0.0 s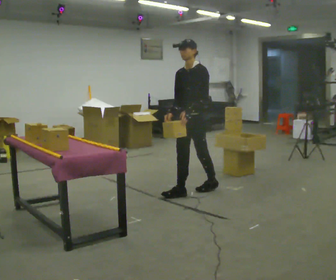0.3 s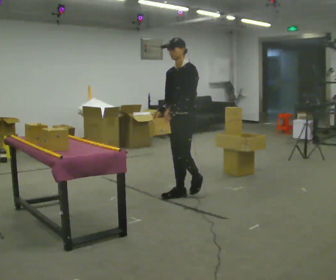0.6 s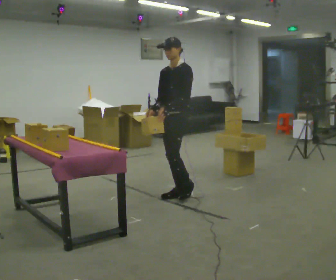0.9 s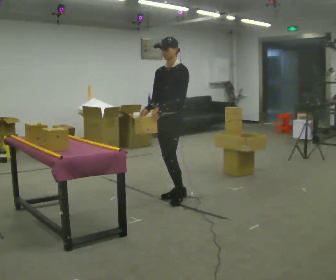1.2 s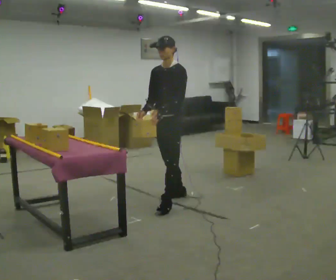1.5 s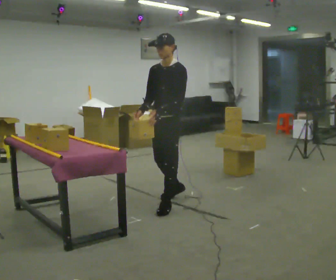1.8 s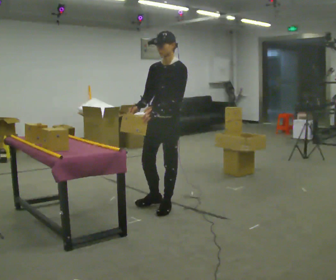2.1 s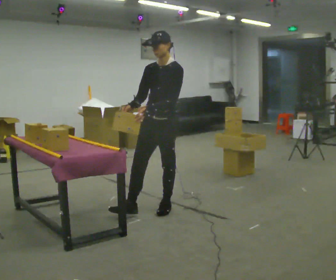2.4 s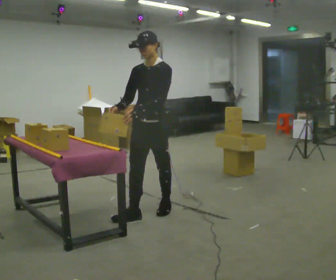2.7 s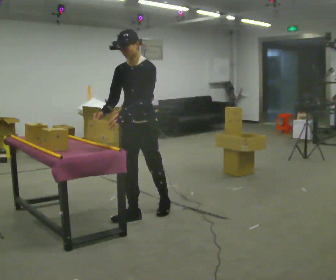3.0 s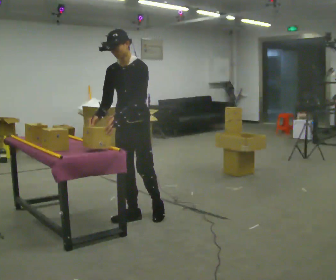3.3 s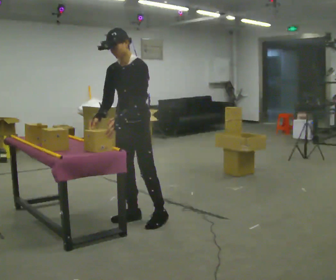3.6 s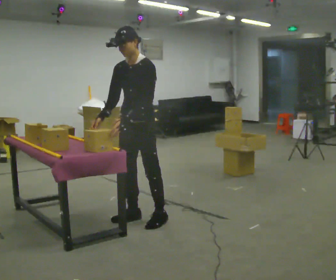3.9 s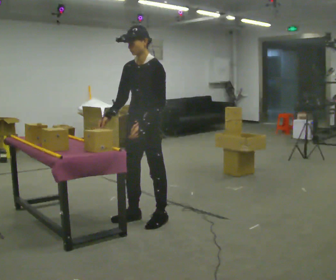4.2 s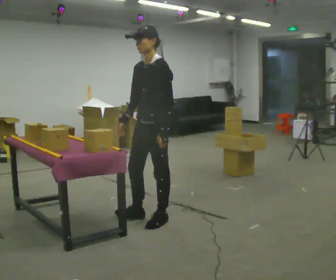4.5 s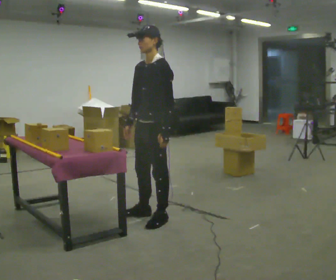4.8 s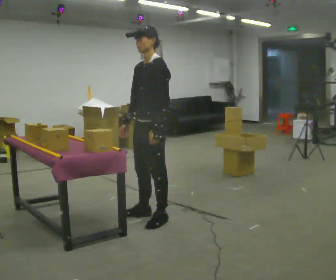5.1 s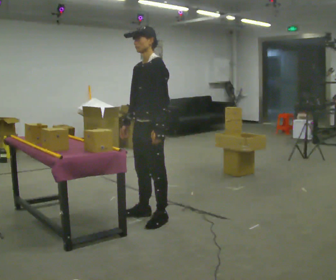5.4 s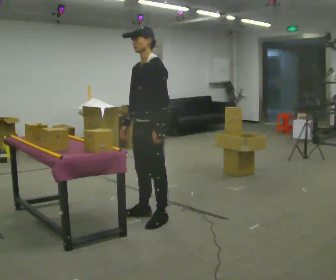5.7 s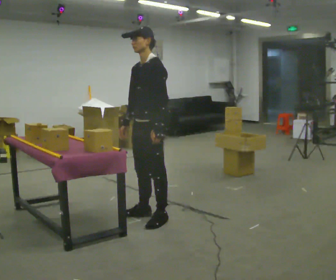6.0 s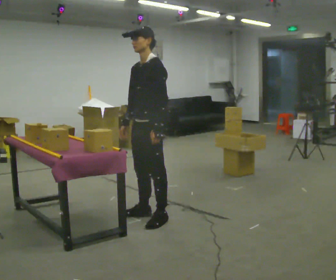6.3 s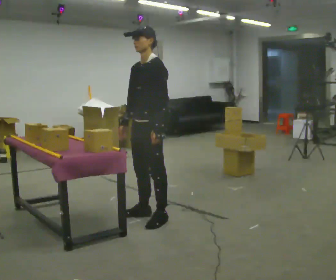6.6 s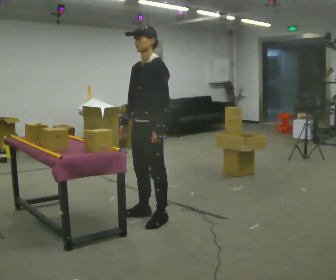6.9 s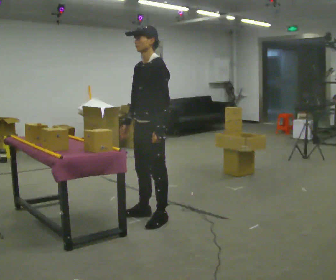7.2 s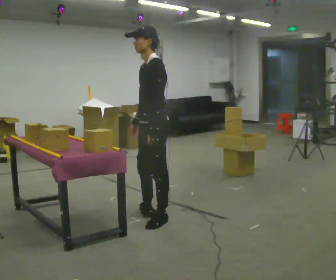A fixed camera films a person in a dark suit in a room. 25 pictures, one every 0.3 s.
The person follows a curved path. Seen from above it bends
counterclockwise.
0.0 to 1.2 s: In the picture they go to the left and toward the camera, about 0.25 m, which for them is forward.
1.2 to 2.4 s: In the picture they go toward the camera and to the left, about 0.5 m in 2 steps, which for them is forward.
2.4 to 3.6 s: In the picture they go toward the camera, about 0.25 m in 1 step, which for them is forward.
3.6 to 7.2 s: Seen from above the body turns clockwise, about 45 degrees: to their right, with its near side sliding to the left. In the picture their right hand goes to the right.
The film runs forward here.
